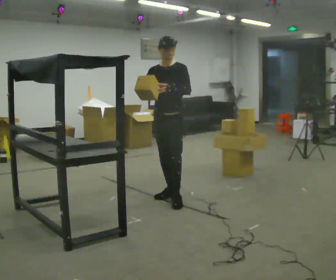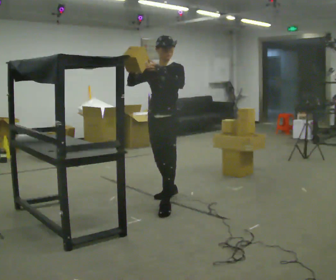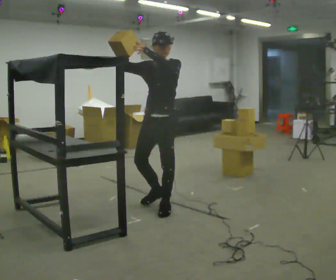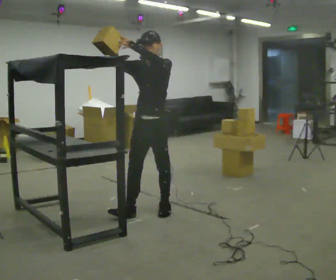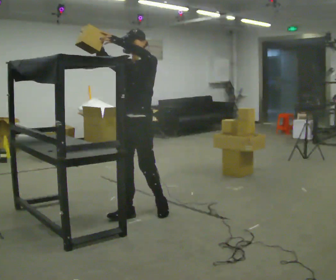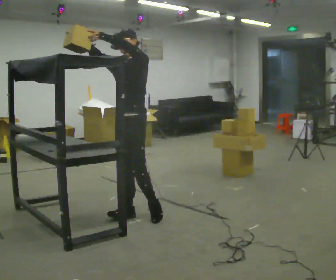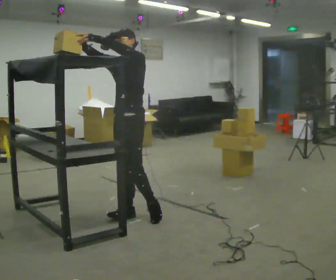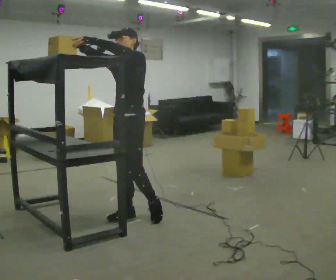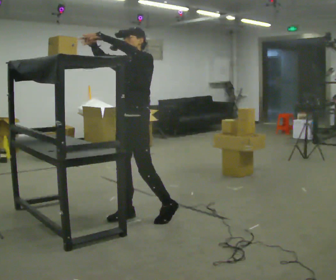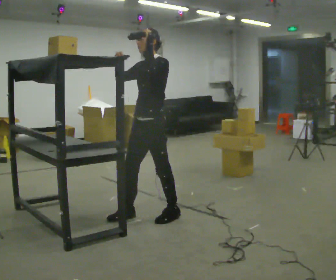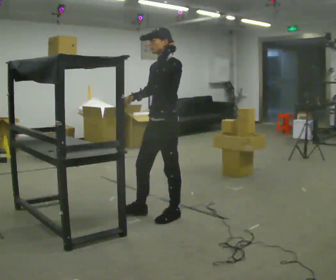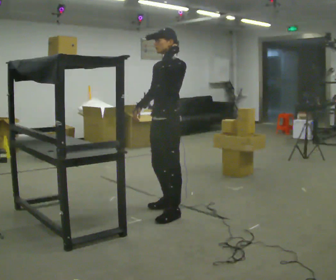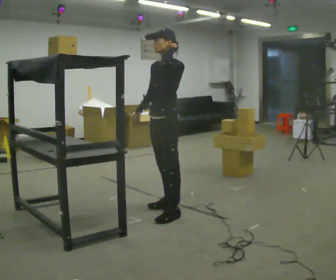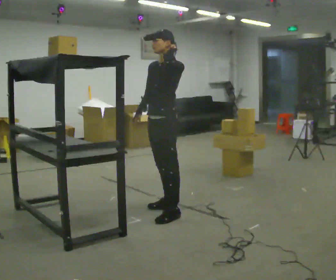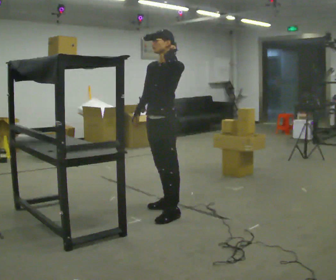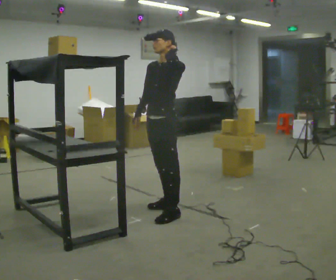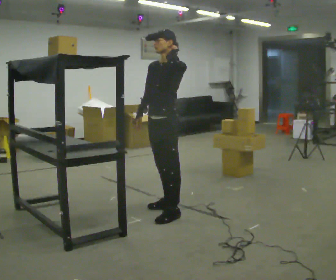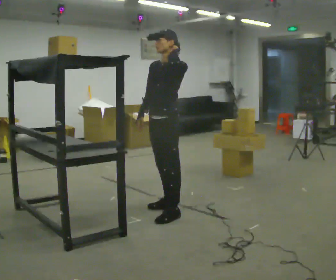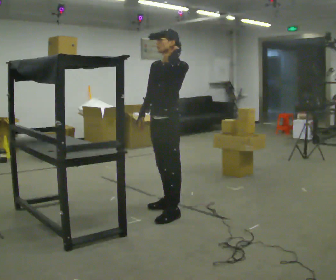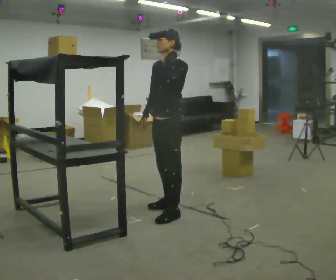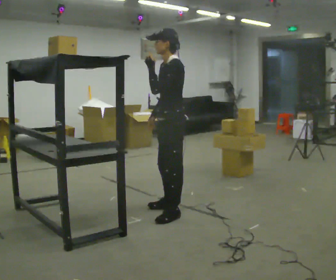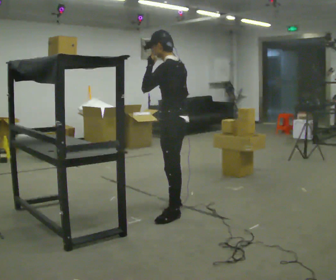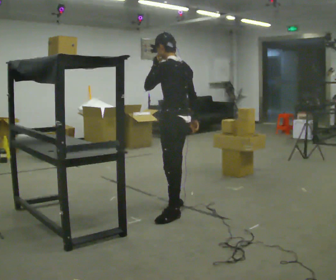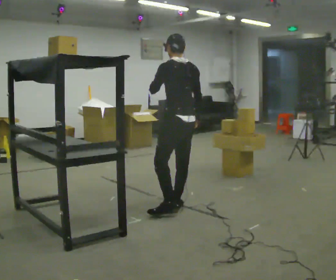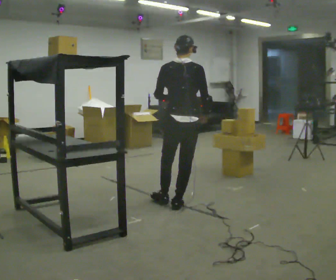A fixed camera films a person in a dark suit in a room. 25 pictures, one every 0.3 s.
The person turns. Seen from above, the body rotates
clockwise.
The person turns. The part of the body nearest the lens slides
to the left.
0.0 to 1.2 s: In the picture they go toward the camera and to the left, about 0.5 m in 2 steps, which for them is forward. In the picture their right hand goes upward.
1.2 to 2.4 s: The person moves a little, or ends about where they began.
2.4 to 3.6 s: In the picture they go to the right and away from the camera, about 0.25 m in 2 steps, which for them is backward. In the picture their right hand goes downward, the arm swinging counterclockwise.
3.6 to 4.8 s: The person moves a little, or ends about where they began.
4.8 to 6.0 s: The part of the body nearest the lens slides to the left as the person turns to their right by about 30 degrees.
6.0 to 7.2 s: The person turns about 105 degrees to their right, clockwise seen from above, so the part of the body nearest the lens slides to the left. In the picture they go away from the camera, about 0.25 m. In the picture their left hand goes downward.
The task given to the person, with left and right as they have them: Take an object down from the highest shelf you can comfortably reach, carry it across, and place it on the waist-height shelf. Keep going until the operator says stop; one object at a time, and do not rush between trips.
The film runs forward here.
